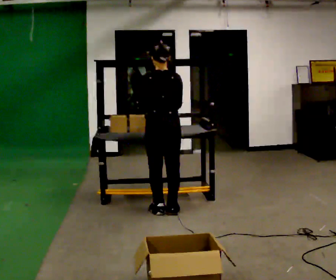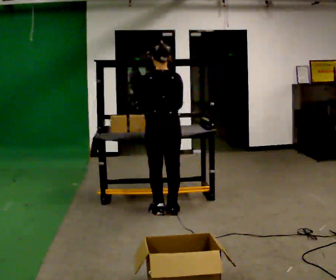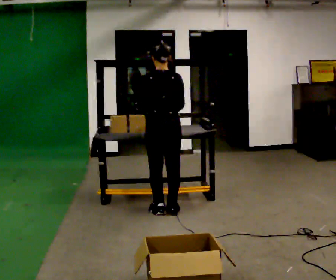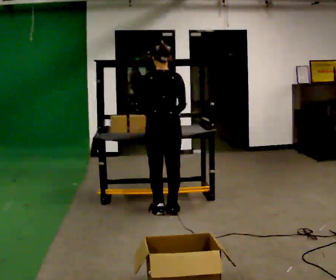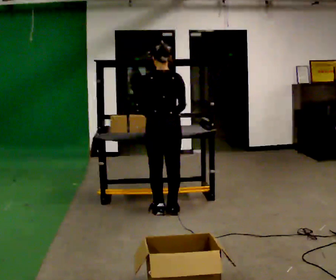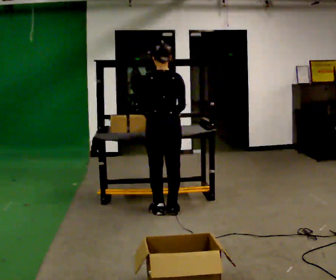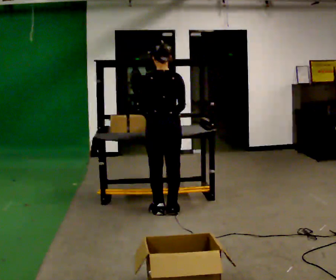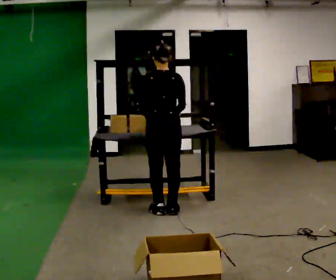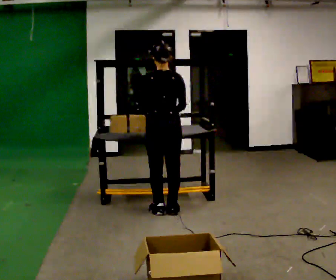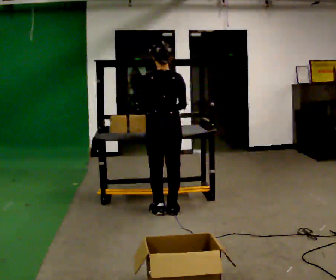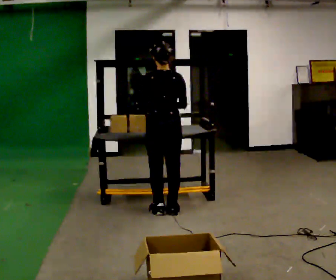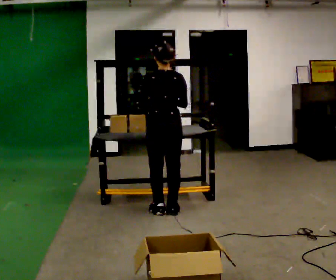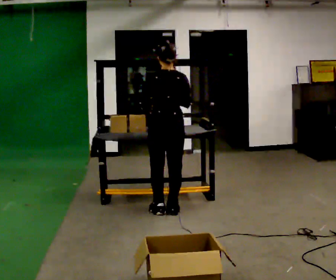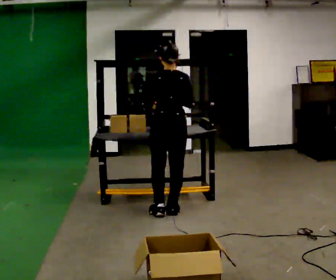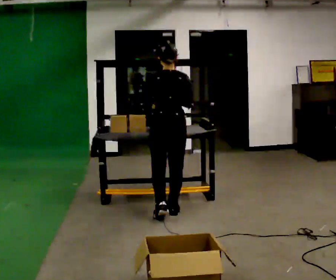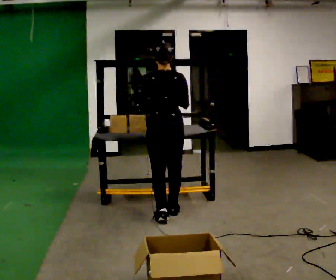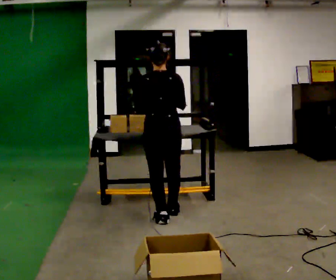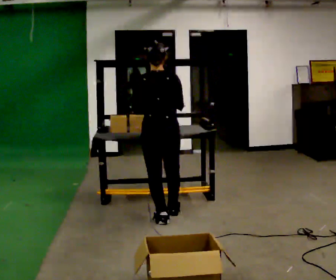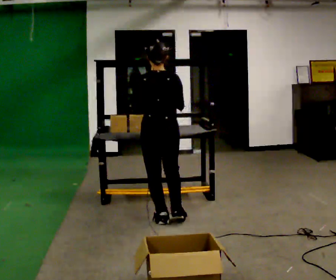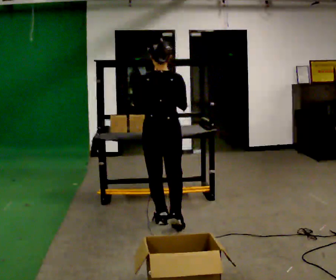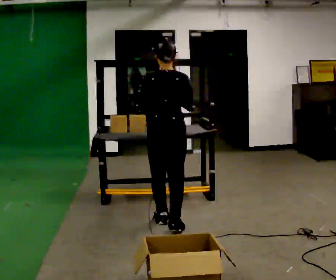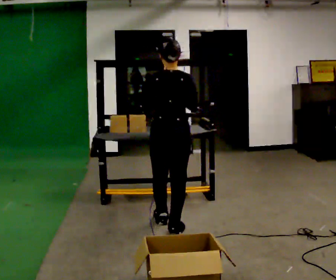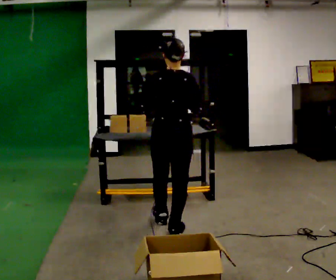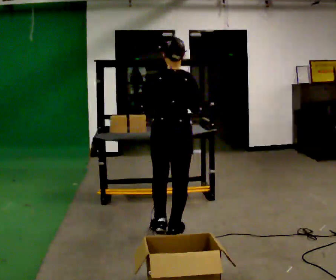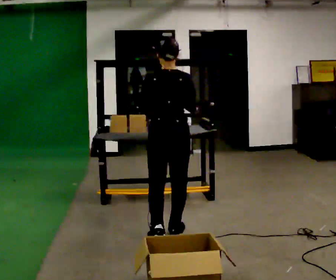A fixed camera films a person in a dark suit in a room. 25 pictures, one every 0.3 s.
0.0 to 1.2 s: The person moves a little, or ends about where they began.
1.2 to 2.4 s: The person keeps their place and pose.
2.4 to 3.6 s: The person moves a little, or ends about where they began.
3.6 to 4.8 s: In the picture they go toward the camera, about 0.25 m in 1 step, which for them is backward.
4.8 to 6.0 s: In the picture they go toward the camera, about 0.25 m in 1 step, which for them is backward.
6.0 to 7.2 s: In the picture they go toward the camera, about 0.25 m in 1 step, which for them is backward.
The film runs backward here.
